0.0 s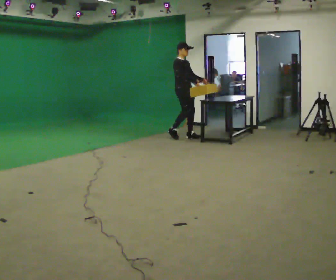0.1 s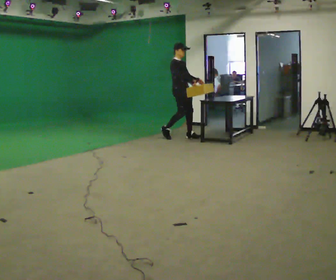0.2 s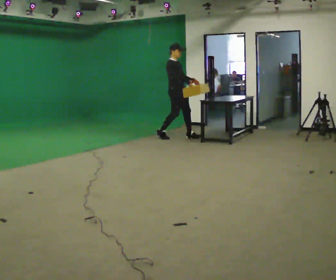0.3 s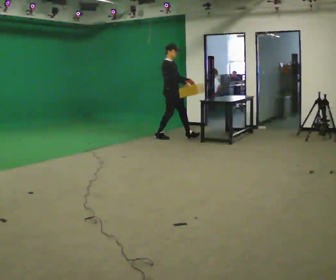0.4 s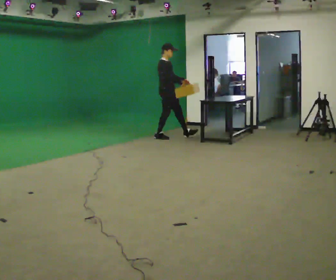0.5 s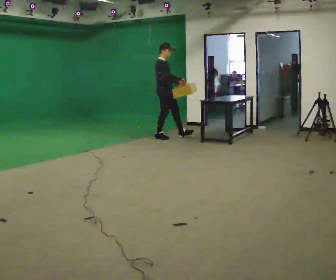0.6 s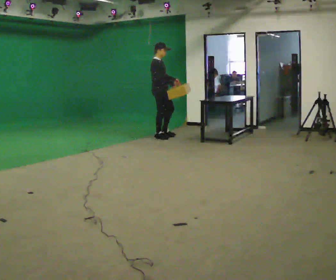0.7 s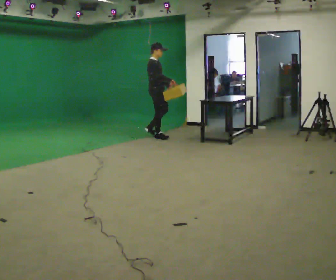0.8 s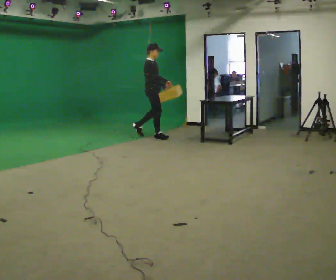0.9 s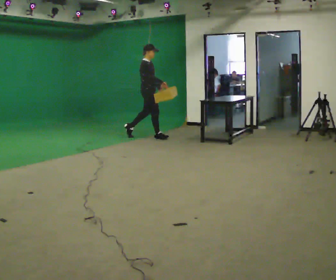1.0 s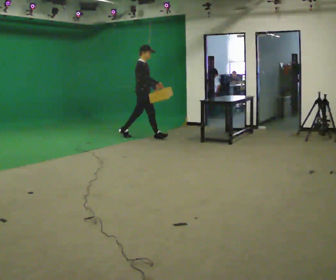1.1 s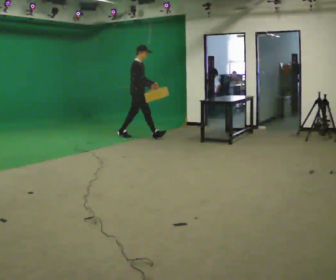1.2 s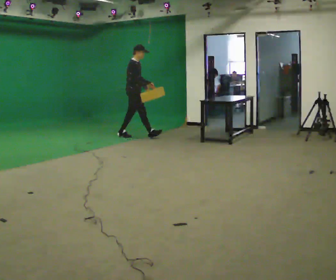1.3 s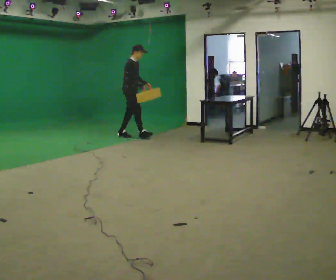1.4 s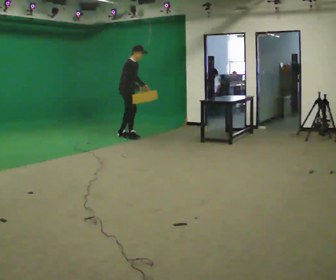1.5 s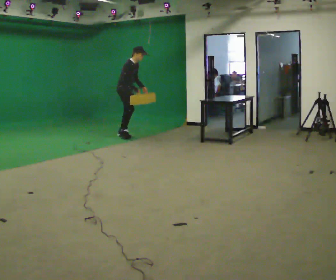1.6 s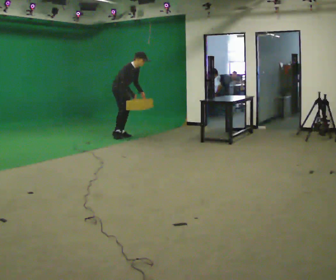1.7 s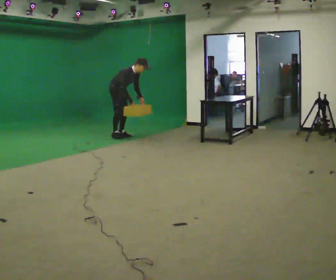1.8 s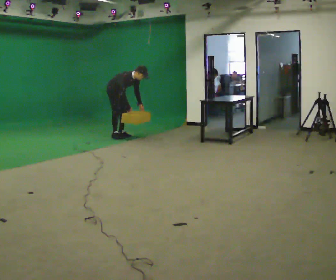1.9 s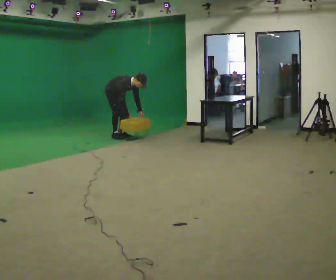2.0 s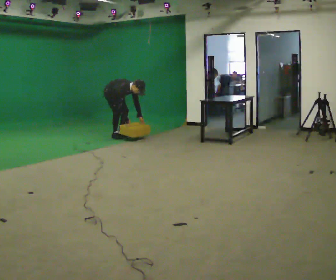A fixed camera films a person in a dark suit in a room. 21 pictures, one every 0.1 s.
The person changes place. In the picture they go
to the left.
The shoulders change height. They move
downward.
0.0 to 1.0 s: Seen from above the body turns counterclockwise, about 30 degrees: to their left, with its near side sliding to the right. In the picture they go to the left, about 0.5 m in 1 step, which for them is backward.
1.0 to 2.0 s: The part of the body nearest the lens slides to the left as the person turns to their right by about 30 degrees. In the picture they go to the left, about 0.5 m in 1 step, which for them is backward. The shoulders move downward. In the picture the upper body tilts clockwise, shoulders to the right, as they bend forward. In the picture their right hand goes downward.
The film runs backward here.
